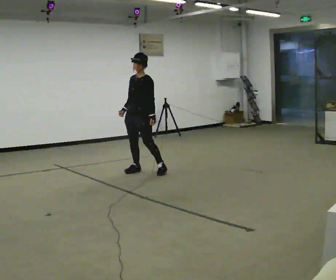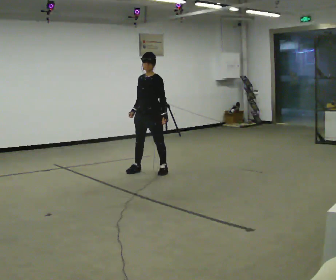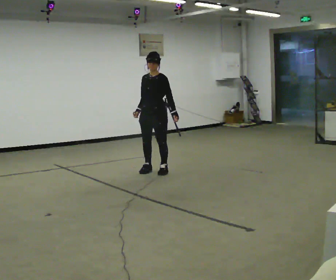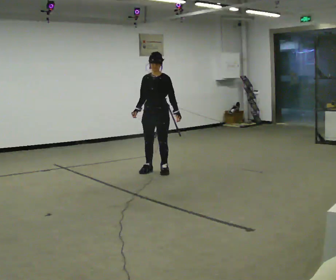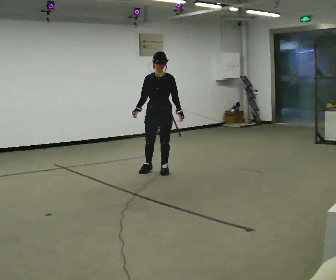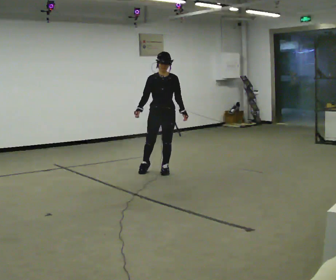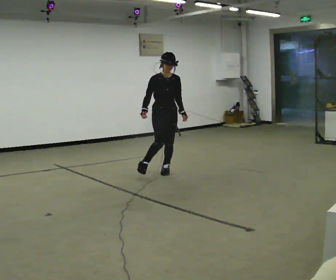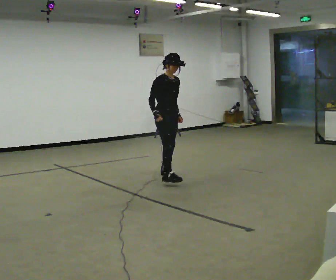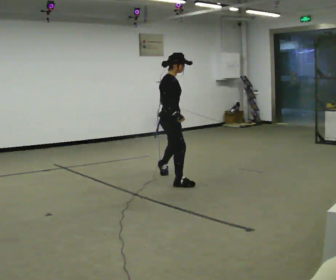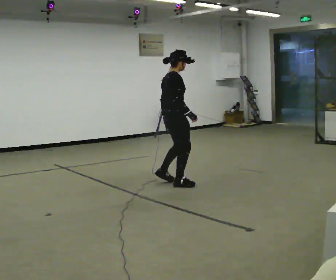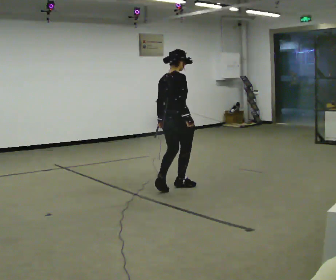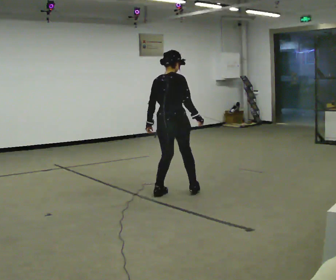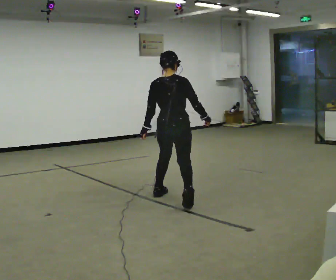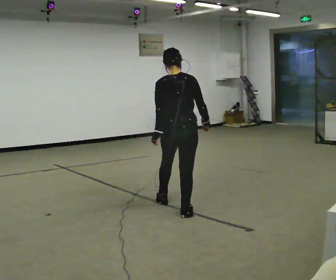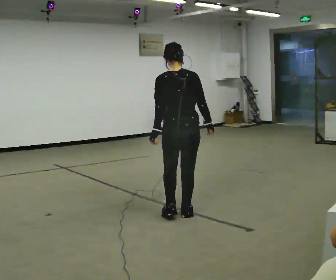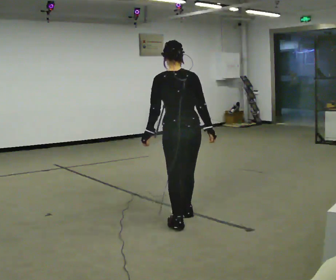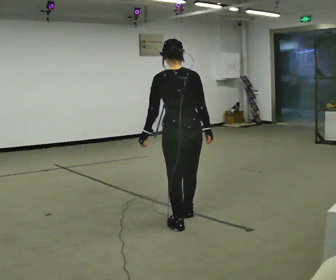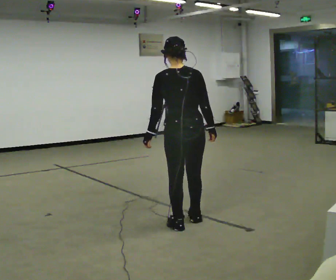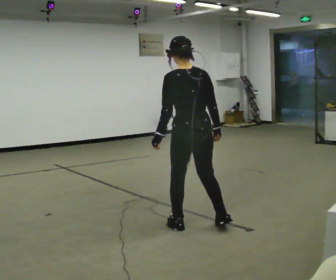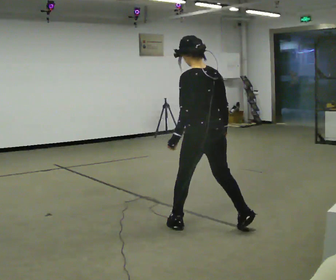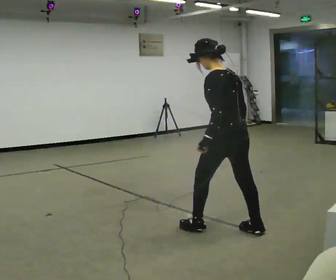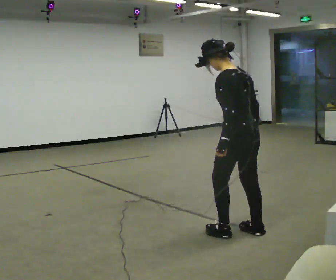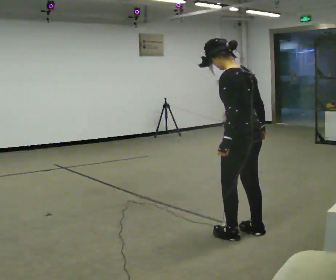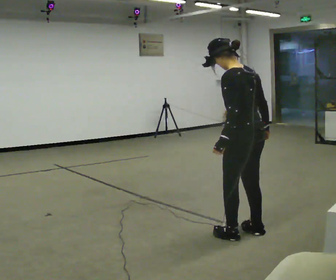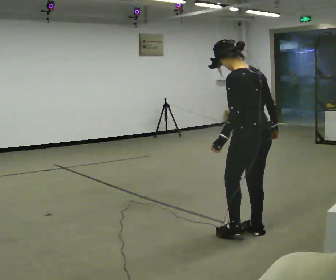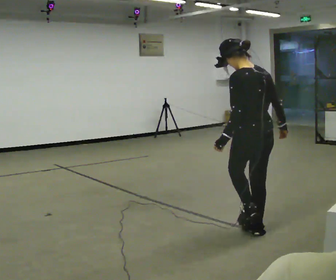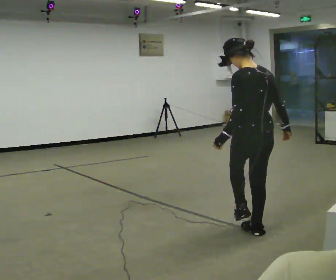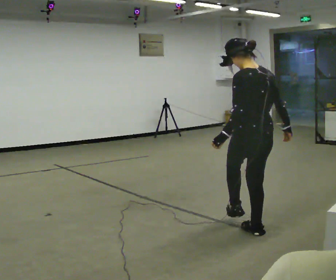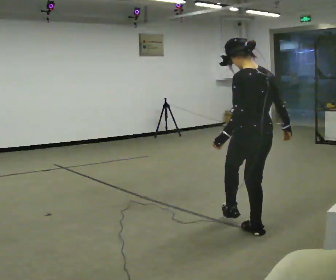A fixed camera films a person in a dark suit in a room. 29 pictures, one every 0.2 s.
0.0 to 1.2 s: The part of the body nearest the lens slides to the right as the person turns to their left by about 60 degrees. In the picture they go to the right, about 0.25 m in 2 steps, which for them is to their left.
1.2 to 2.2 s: Seen from above the body turns counterclockwise, about 135 degrees: to their left, with its near side sliding to the right. In the picture they go toward the camera, about 1 m in 2 steps.
2.2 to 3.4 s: The part of the body nearest the lens slides to the right as the person turns to their left by about 45 degrees. In the picture they go toward the camera, about 1 m in 2 steps, which for them is backward.
3.4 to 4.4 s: Seen from above the body turns counterclockwise, about 30 degrees: to their left, with its near side sliding to the right. In the picture they go to the right and toward the camera, about 0.5 m in 2 steps, which for them is backward and to their right.
4.4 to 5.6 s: The person moves a little, or ends about where they began.
The film runs forward here.
